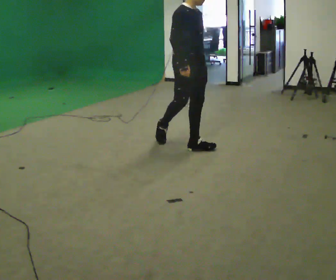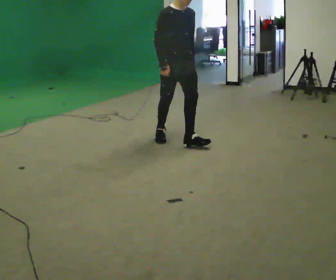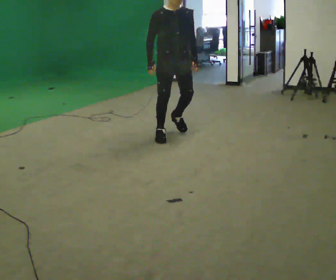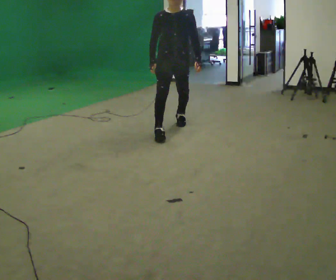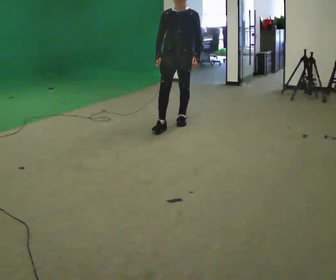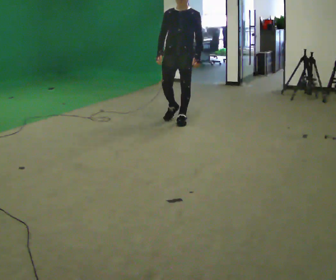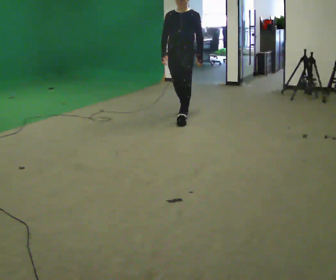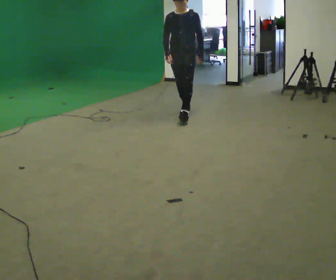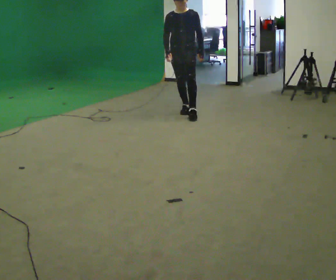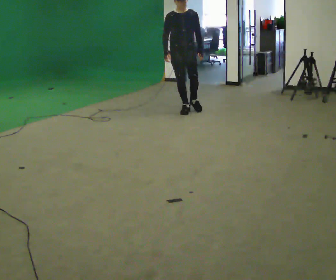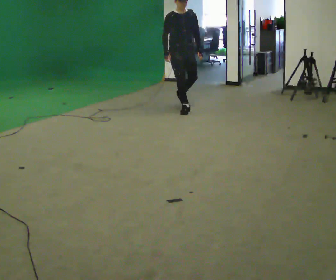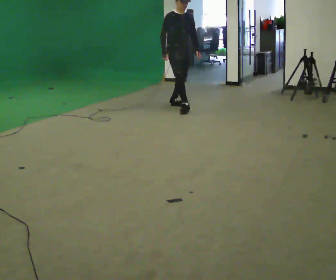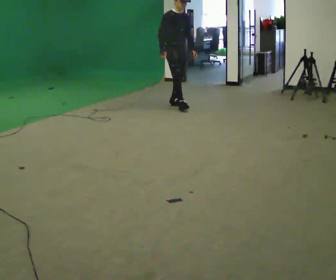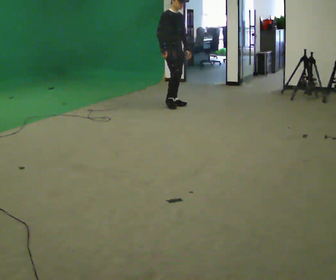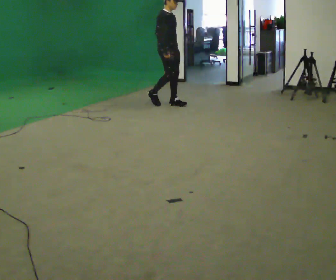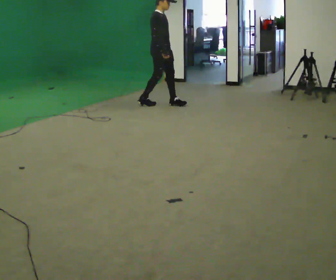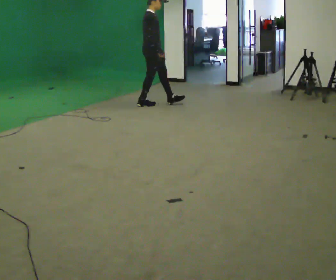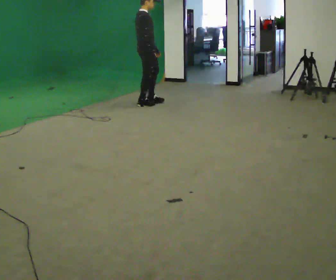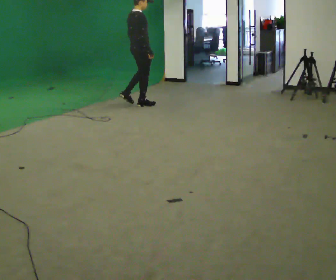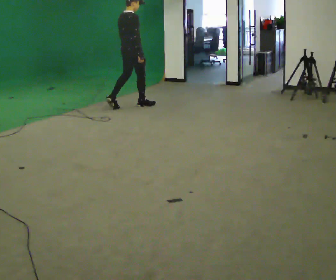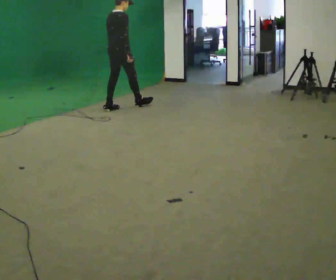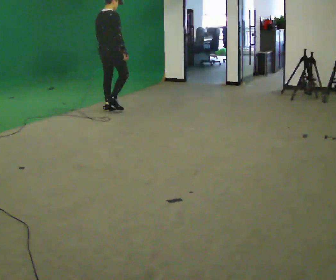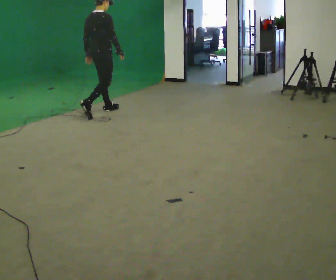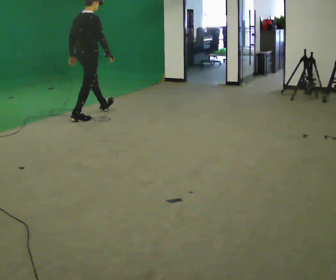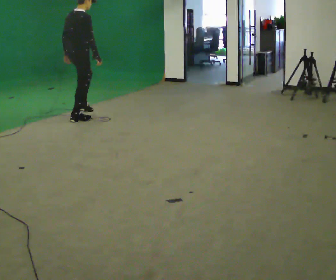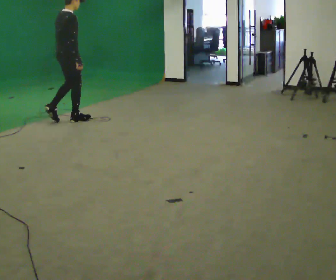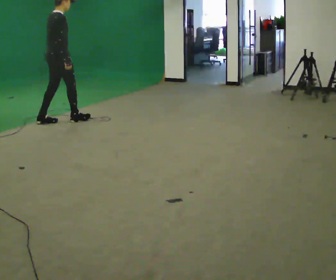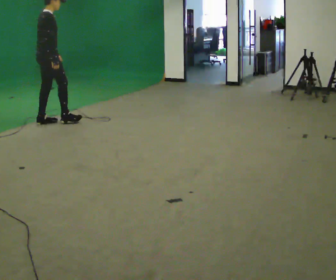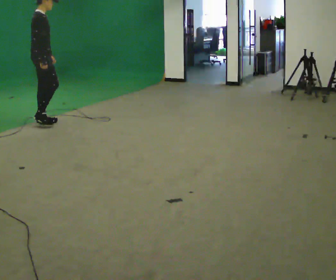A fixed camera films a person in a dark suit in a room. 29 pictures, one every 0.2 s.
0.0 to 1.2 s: The part of the body nearest the lens slides to the left as the person turns to their right by about 75 degrees. In the picture they go away from the camera, about 1 m in 2 steps.
1.2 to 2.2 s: Seen from above the body turns counterclockwise, about 45 degrees: to their left, with its near side sliding to the right. In the picture they go away from the camera, about 0.75 m in 1 step, which for them is backward.
2.2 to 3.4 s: Seen from above the body turns counterclockwise, about 60 degrees: to their left, with its near side sliding to the right. In the picture they go to the left, about 0.5 m in 2 steps.
3.4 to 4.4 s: Seen from above the body turns counterclockwise, about 45 degrees: to their left, with its near side sliding to the right. In the picture they go to the left and toward the camera, about 1 m in 1 step, which for them is backward.
4.4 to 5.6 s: The person turns about 30 degrees to their right, clockwise seen from above, so the part of the body nearest the lens slides to the left. In the picture they go to the left and toward the camera, about 1 m in 2 steps, which for them is backward.
The film runs backward here.
